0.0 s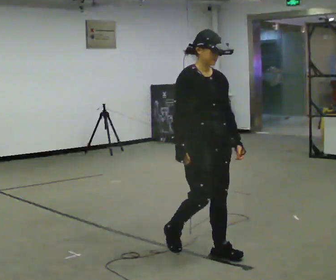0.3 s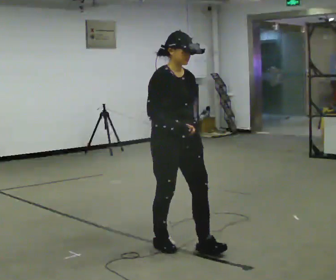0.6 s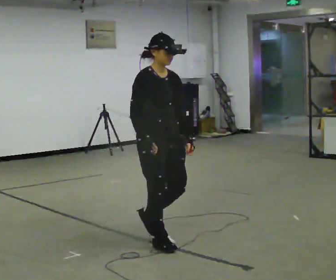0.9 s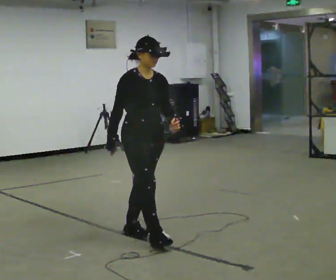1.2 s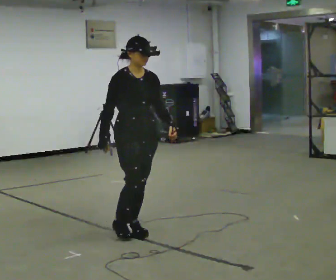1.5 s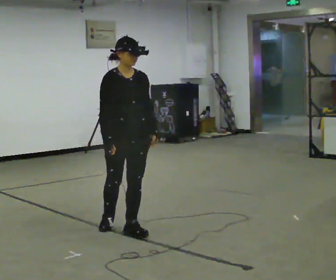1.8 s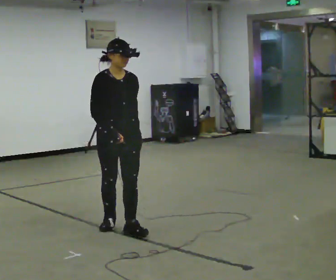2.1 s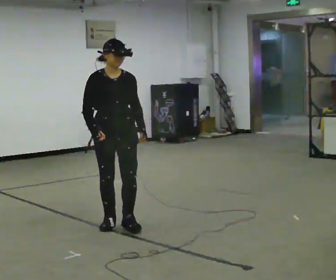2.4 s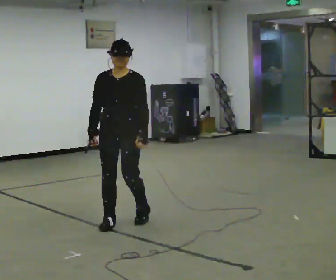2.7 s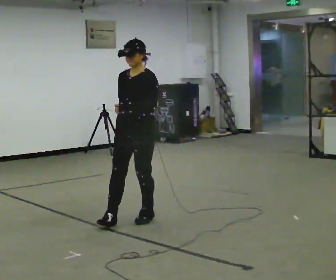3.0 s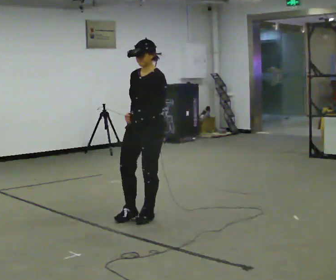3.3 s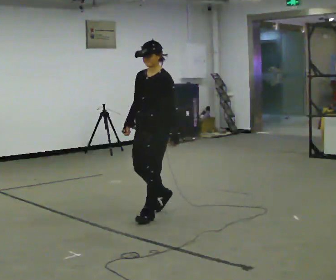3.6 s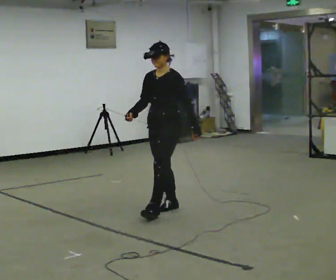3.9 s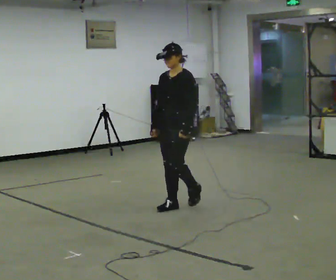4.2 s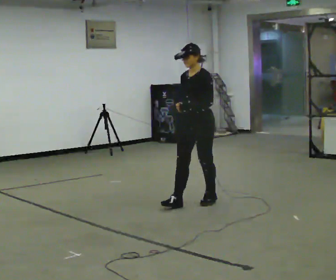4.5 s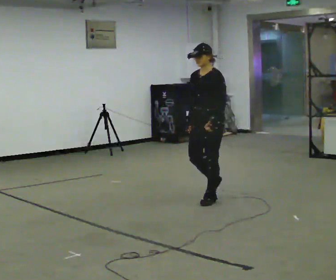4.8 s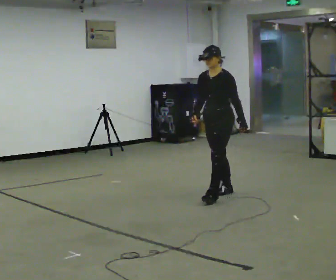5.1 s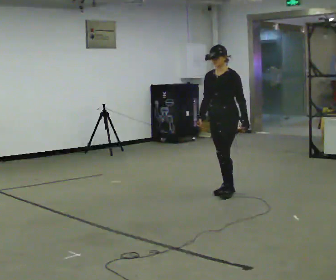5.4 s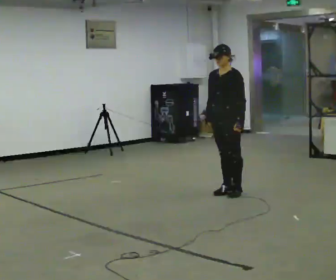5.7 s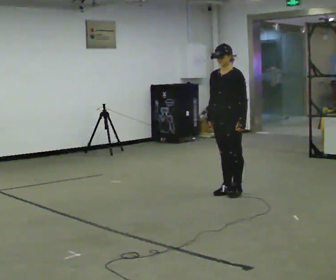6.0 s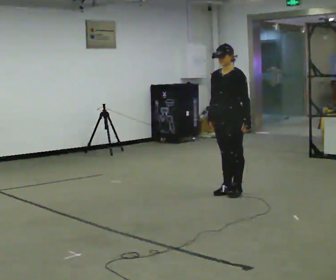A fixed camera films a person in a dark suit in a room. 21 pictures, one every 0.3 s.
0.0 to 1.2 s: In the picture they go away from the camera and to the left, about 0.5 m in 2 steps, which for them is backward.
1.2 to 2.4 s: The part of the body nearest the lens slides to the left as the person turns to their right by about 45 degrees. In the picture they go away from the camera, about 0.25 m in 1 step, which for them is backward.
2.4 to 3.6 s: The person turns about 45 degrees to their right, clockwise seen from above, so the part of the body nearest the lens slides to the left. In the picture they go away from the camera and to the right, about 0.5 m in 2 steps, which for them is backward.
3.6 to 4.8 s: In the picture they go to the right and away from the camera, about 1 m in 1 step, which for them is backward.
4.8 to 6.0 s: The person moves a little, or ends about where they began.
The film runs backward here.
